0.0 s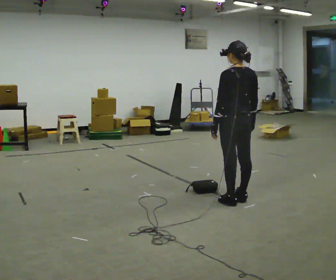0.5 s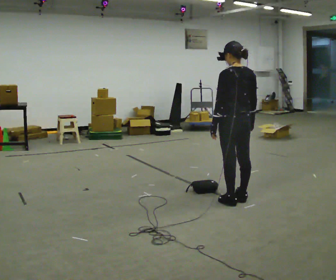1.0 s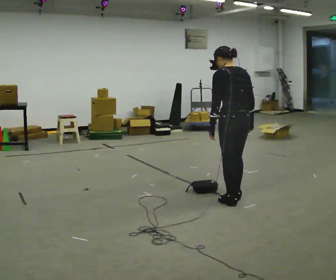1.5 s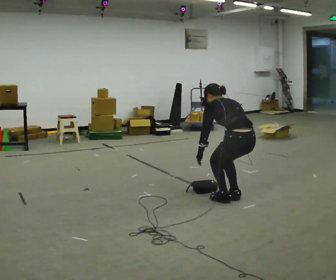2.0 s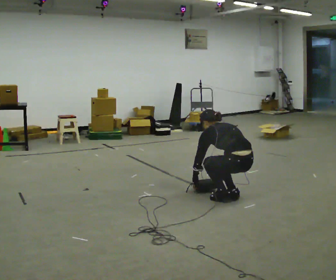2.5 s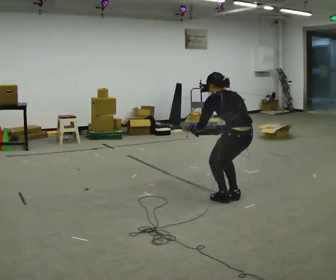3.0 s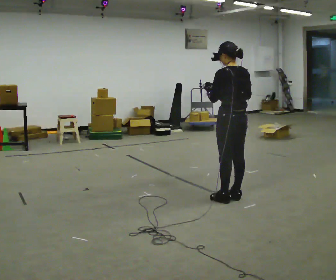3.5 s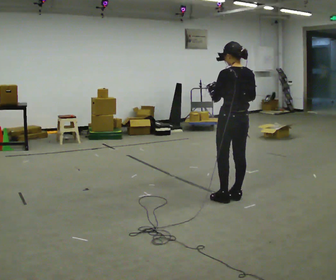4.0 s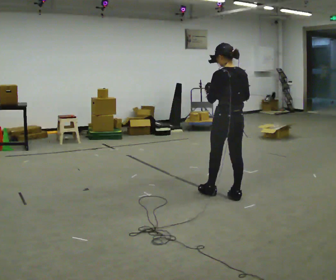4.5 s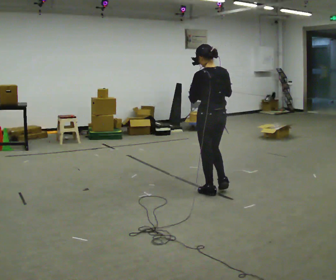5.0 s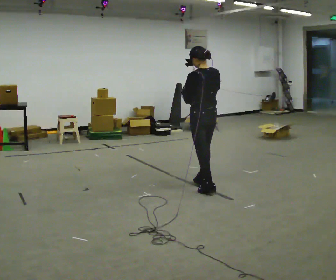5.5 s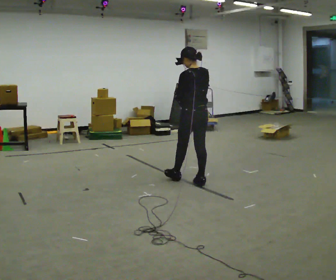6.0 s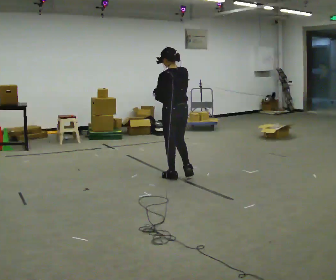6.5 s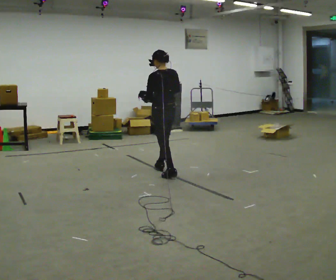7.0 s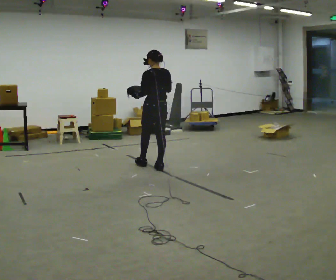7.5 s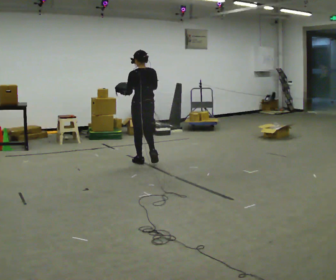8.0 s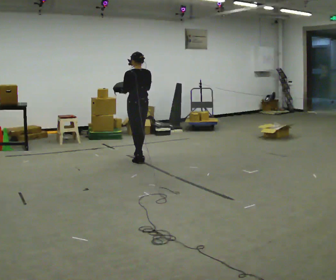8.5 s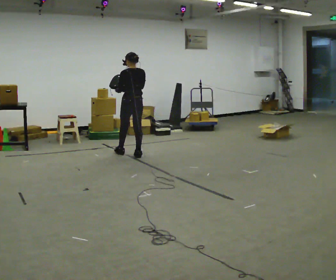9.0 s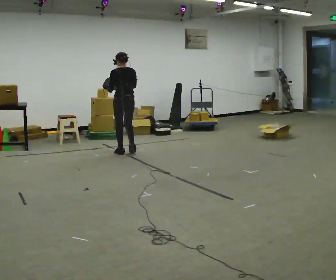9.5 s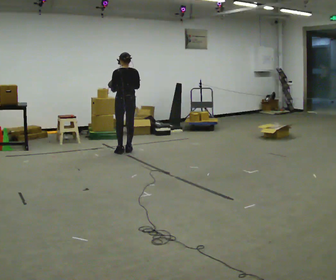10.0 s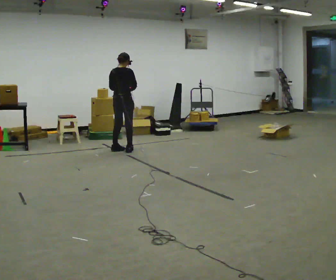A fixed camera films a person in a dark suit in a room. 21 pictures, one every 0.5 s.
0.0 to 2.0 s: The upper body goes downward. The upper body tips away from the camera, its near side rolling upward, as they bend forward. In the picture their right hand goes downward.
2.0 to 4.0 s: The shoulders move upward. The upper body tips toward the camera, its near side rolling downward, as they lean back or straighten. In the picture their left hand goes upward.
4.0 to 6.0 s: In the picture they go to the left and away from the camera, about 1 m in 2 steps, which for them is forward.
6.0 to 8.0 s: In the picture they go away from the camera and to the left, about 1 m in 3 steps, which for them is forward.
8.0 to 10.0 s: The part of the body nearest the lens slides to the left as the person turns to their right by about 60 degrees. In the picture they go away from the camera and to the left, about 0.5 m in 3 steps, which for them is forward.
The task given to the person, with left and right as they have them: Carry the bag and, while walking, undo the buckle or zip, then do it up again. Keep repeating as you walk. Do not stop.
The film runs forward here.
